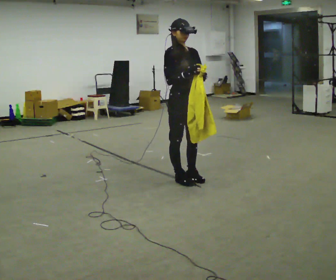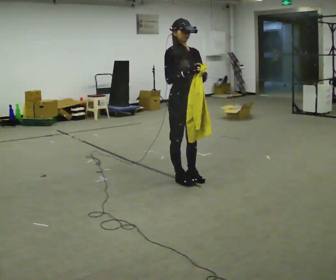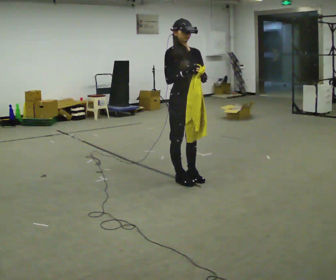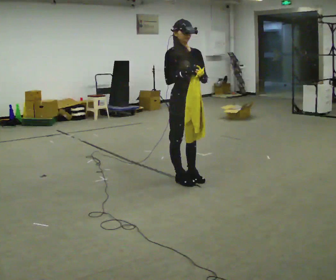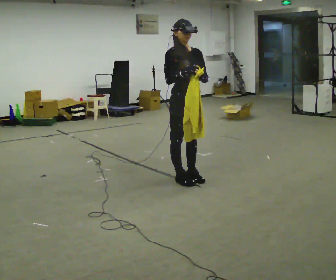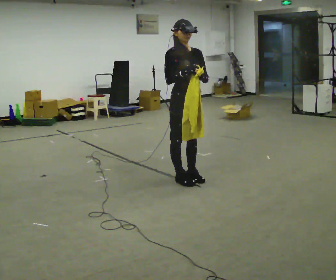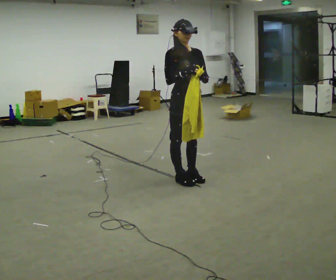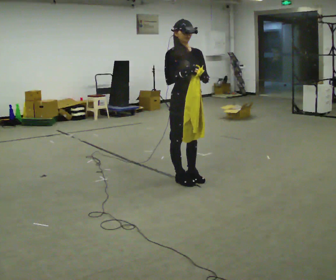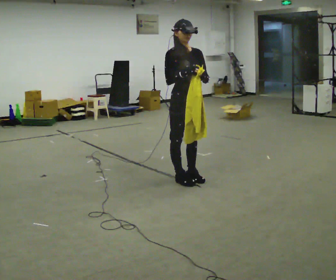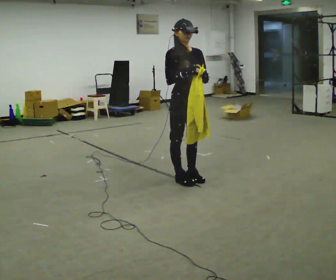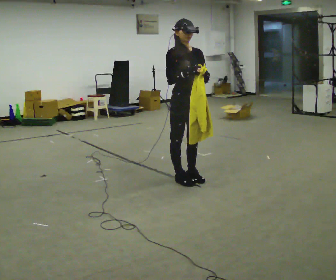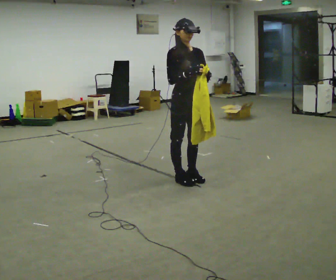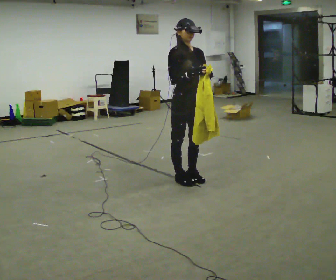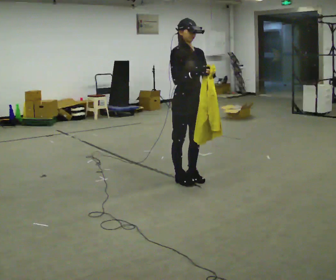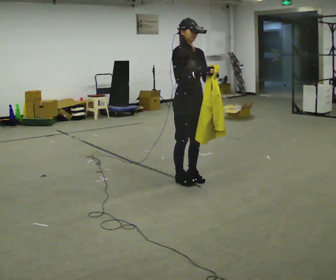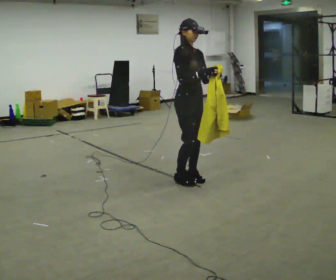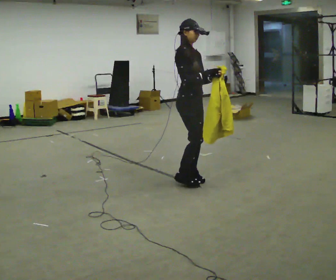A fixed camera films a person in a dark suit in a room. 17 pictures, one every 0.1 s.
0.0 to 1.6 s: The person turns about 30 degrees to their left, counterclockwise seen from above, so the part of the body nearest the lens slides to the right.
The film runs forward here.
